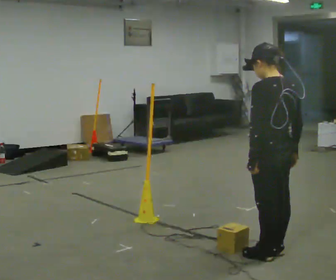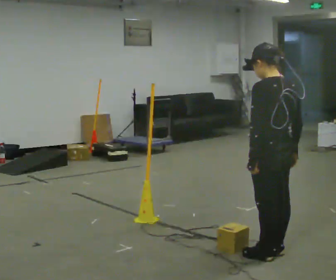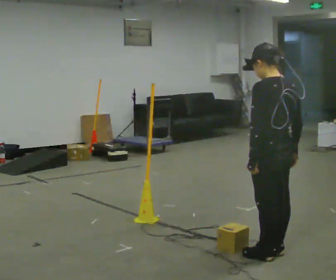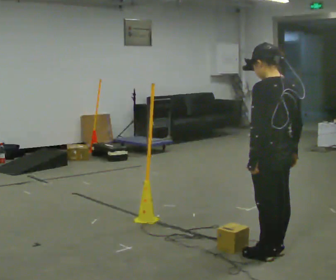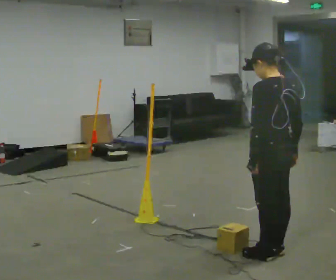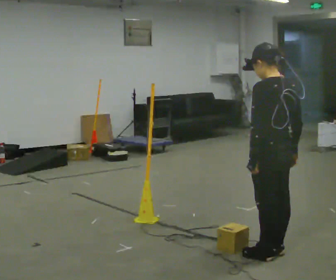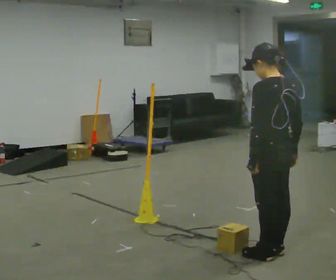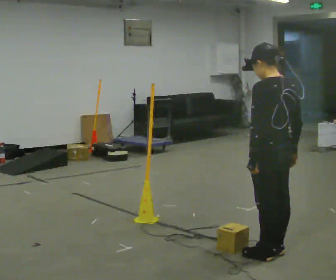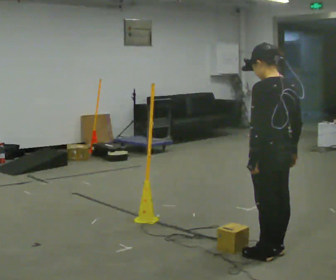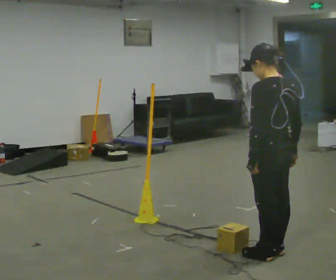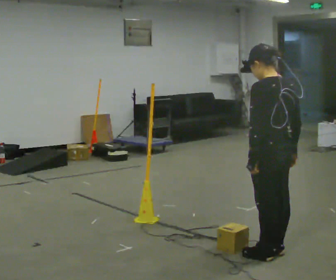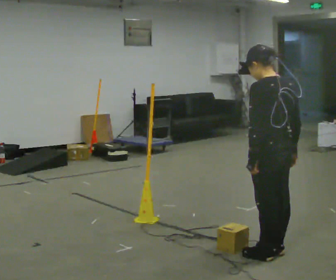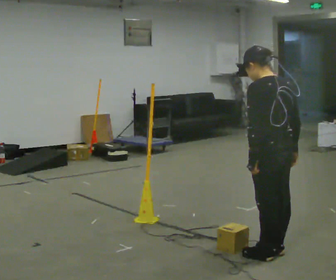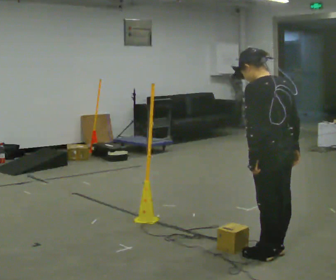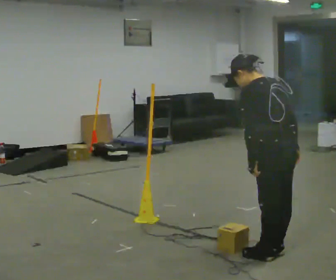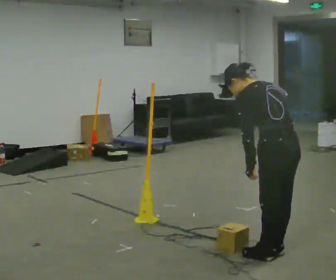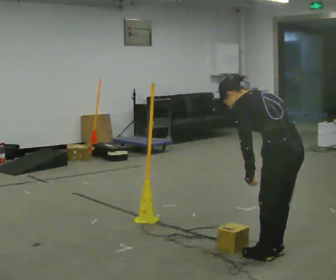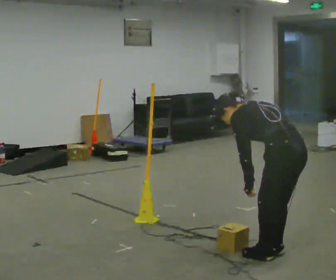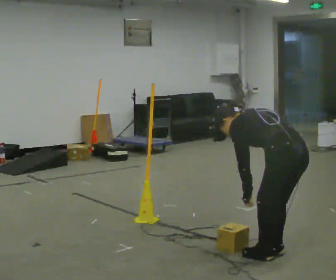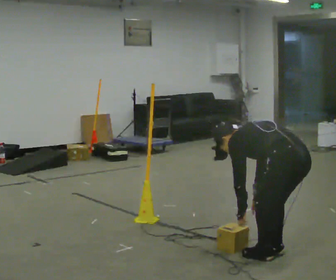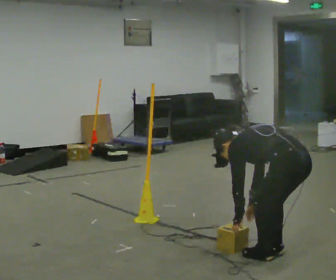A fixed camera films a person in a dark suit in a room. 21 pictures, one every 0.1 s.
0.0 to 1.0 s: The person keeps their place and pose.
1.0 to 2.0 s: The upper body goes downward. In the picture the upper body tilts counterclockwise, shoulders to the left, as they bend forward. In the picture their right hand goes downward.
The film runs forward here.
